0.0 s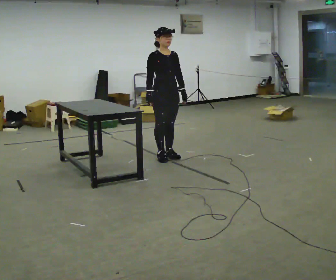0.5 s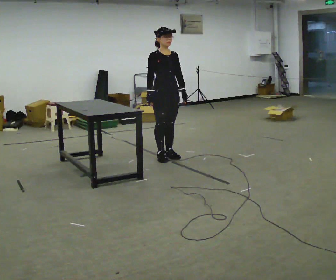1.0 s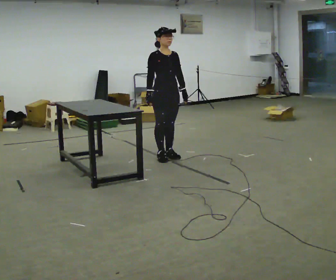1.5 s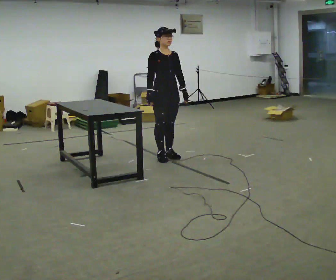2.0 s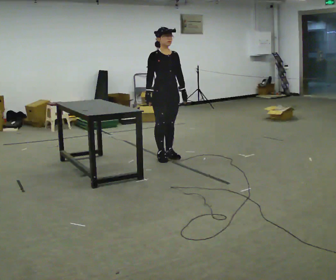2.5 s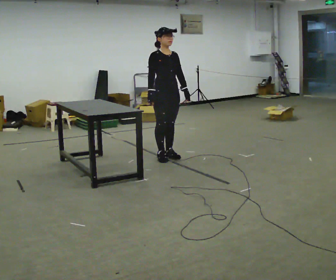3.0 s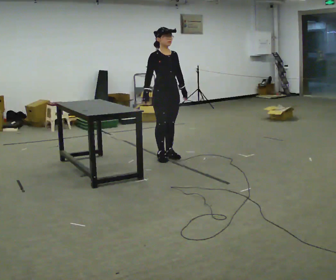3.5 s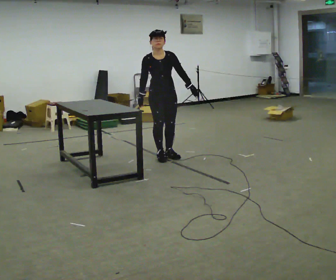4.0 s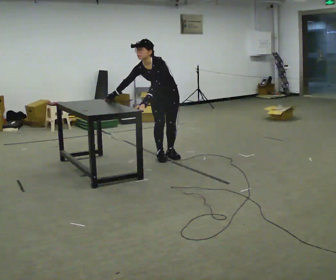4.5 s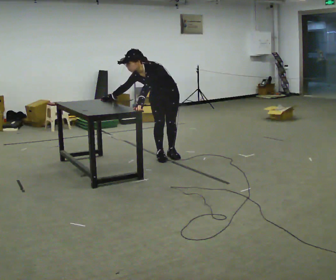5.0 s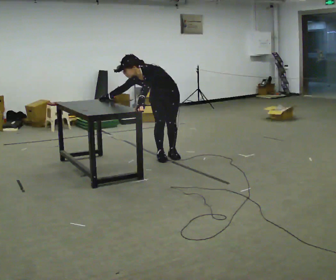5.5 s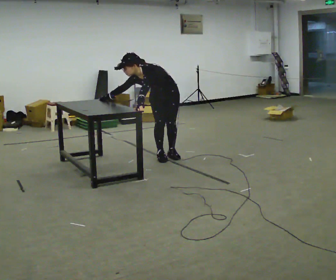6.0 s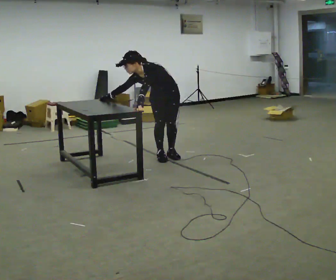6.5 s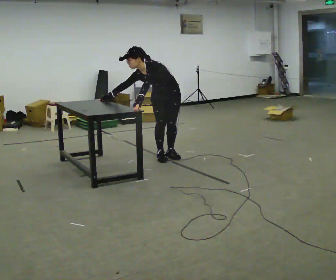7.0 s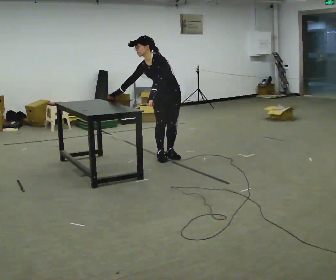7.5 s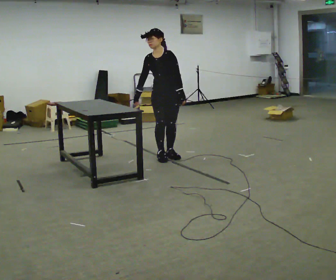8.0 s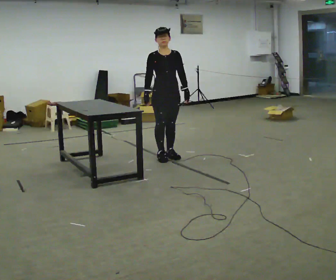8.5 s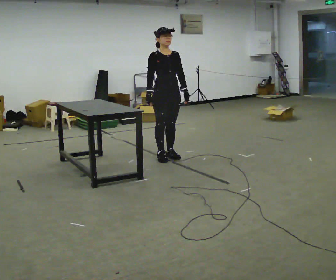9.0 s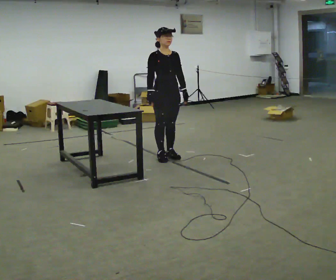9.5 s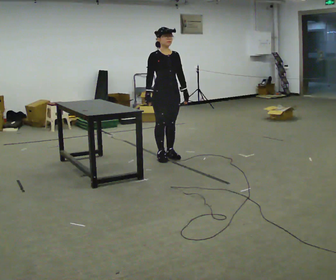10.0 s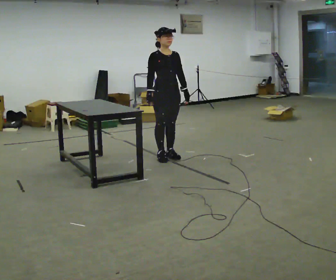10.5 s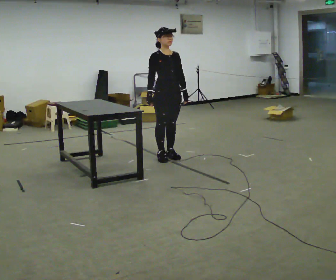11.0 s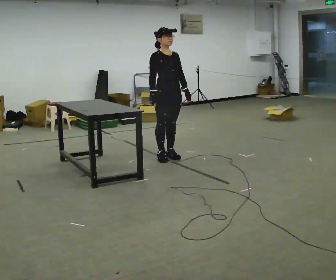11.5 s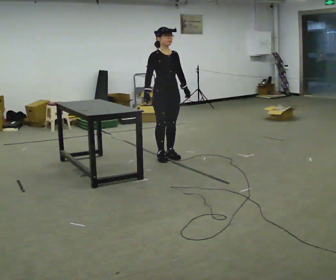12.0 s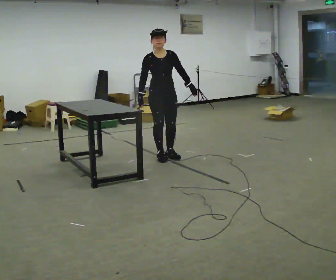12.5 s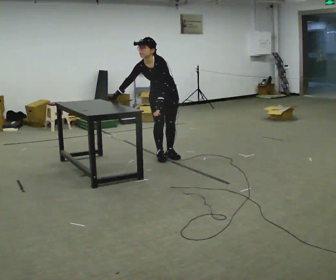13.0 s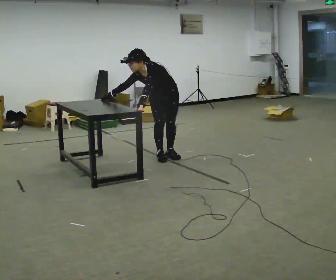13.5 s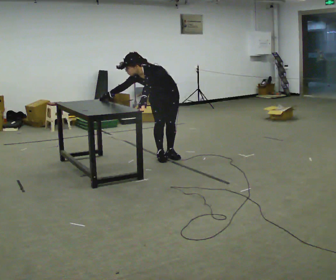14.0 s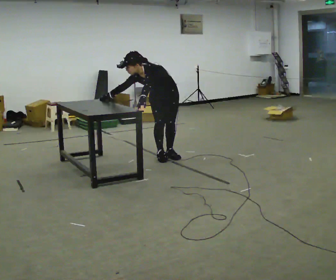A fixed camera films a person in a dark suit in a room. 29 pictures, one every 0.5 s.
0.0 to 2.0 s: The person moves a little, or ends about where they began.
2.0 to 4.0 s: Seen from above the body turns clockwise, about 45 degrees: to their right, with its near side sliding to the left. The upper body tips toward the camera, its near side rolling downward, as they bend forward. In the picture their left hand goes to the left.
4.0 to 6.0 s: In the picture the upper body tilts counterclockwise, shoulders to the left.
6.0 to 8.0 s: Seen from above the body turns counterclockwise, about 30 degrees: to their left, with its near side sliding to the right. The upper body goes upward. The upper body tips away from the camera, its near side rolling upward, as they lean back or straighten. In the picture their left hand goes to the right.
8.0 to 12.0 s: The person moves a little, or ends about where they began.
12.0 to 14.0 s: Seen from above the body turns clockwise, about 30 degrees: to their right, with its near side sliding to the left. The shoulders move downward. In the picture the upper body tilts counterclockwise, shoulders to the left, as they bend forward. In the picture their left hand goes to the left.
The film runs backward here.
